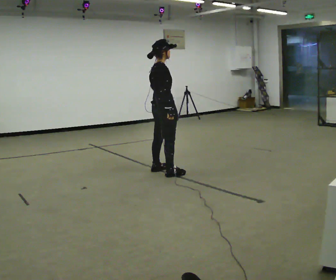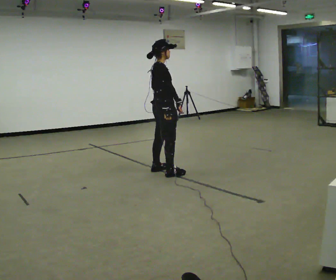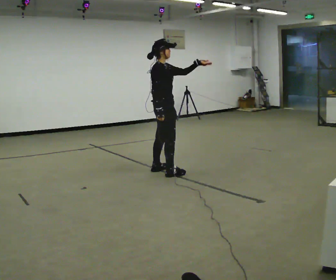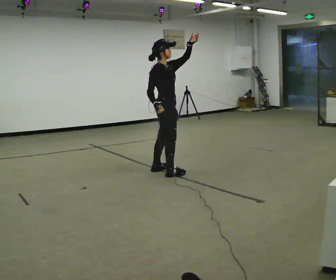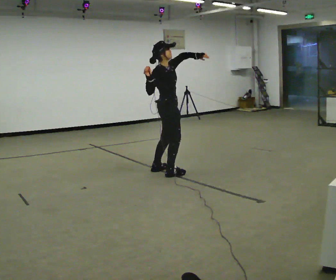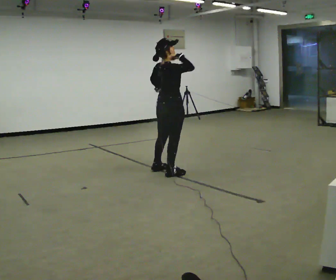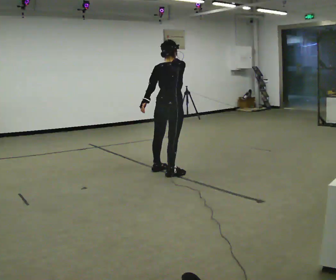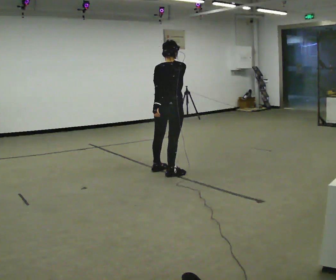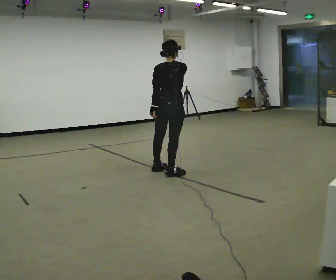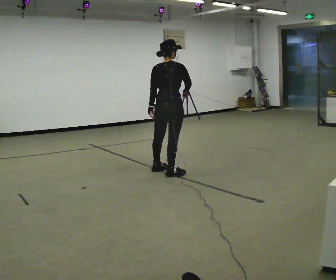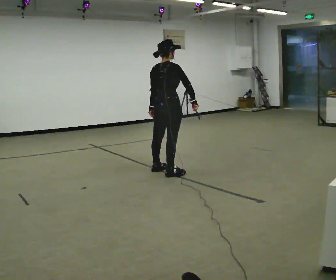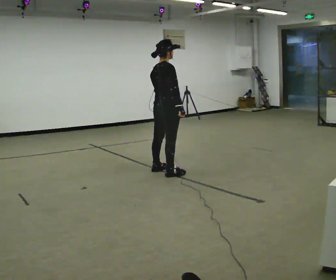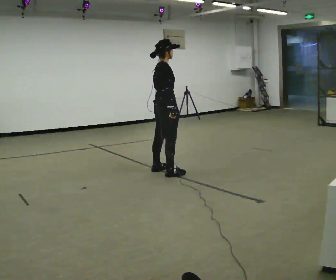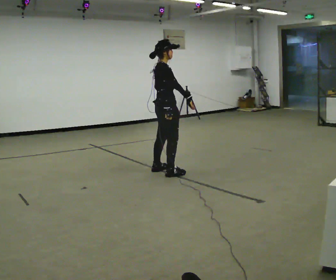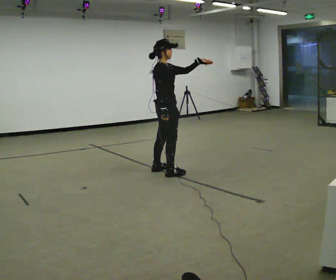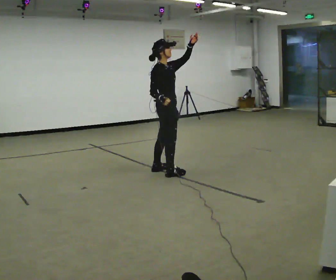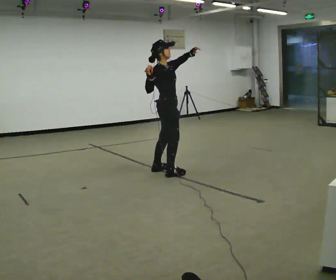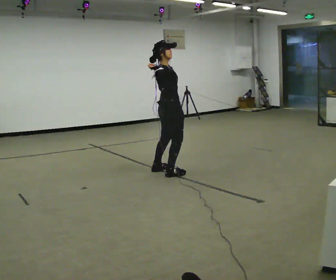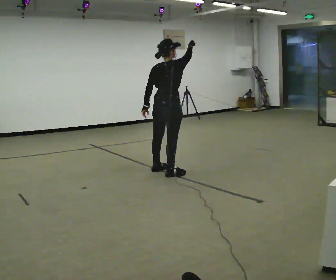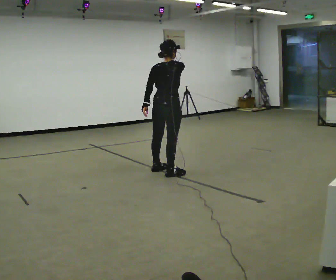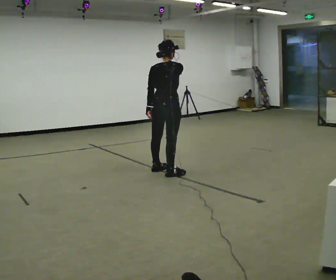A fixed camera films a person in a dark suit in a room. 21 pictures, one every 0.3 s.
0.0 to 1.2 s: The part of the body nearest the lens slides to the left as the person turns to their right by about 30 degrees. In the picture their left hand goes upward and to the right, the arm swinging counterclockwise.
1.2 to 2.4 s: The person turns about 75 degrees to their left, counterclockwise seen from above, so the part of the body nearest the lens slides to the right. In the picture their left hand goes downward and to the left.
2.4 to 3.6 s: The person turns about 60 degrees to their right, clockwise seen from above, so the part of the body nearest the lens slides to the left. In the picture their right hand goes downward.
3.6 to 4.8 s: The part of the body nearest the lens slides to the left as the person turns to their right by about 30 degrees. In the picture their left hand goes upward, the arm swinging counterclockwise.
4.8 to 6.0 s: Seen from above the body turns counterclockwise, about 75 degrees: to their left, with its near side sliding to the right. In the picture their left hand goes downward and to the left.
The film runs forward here.
